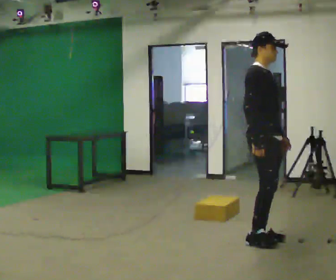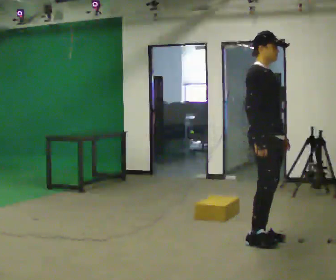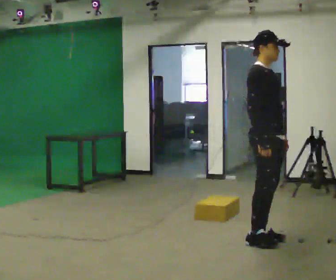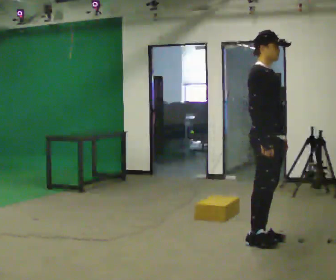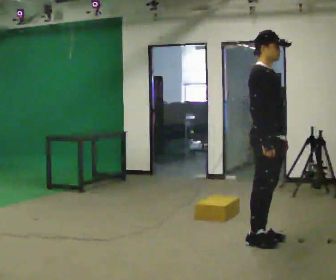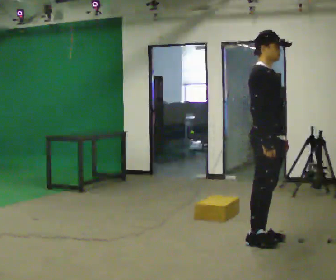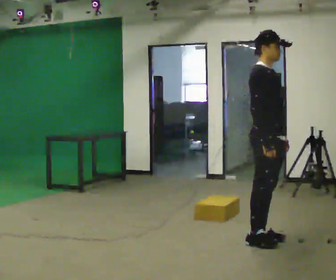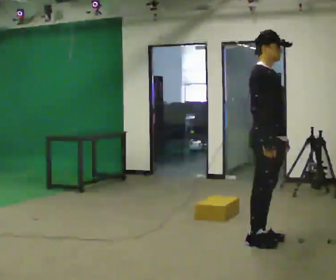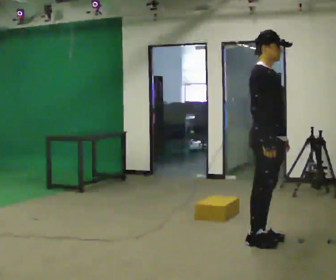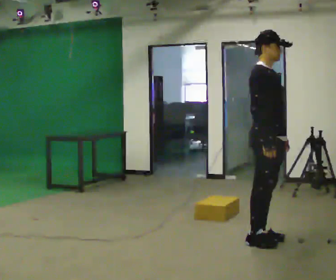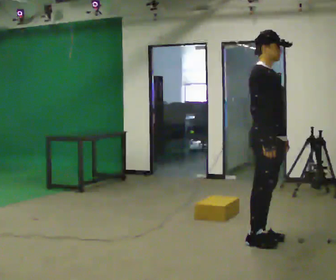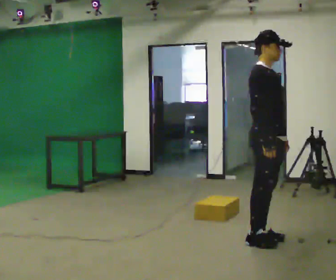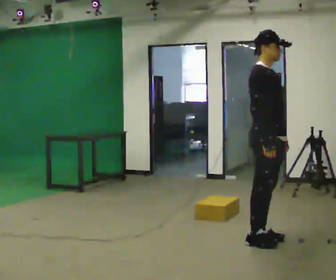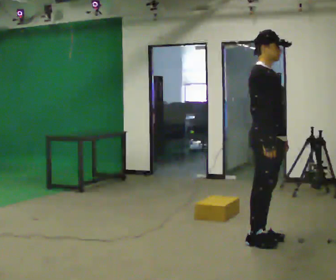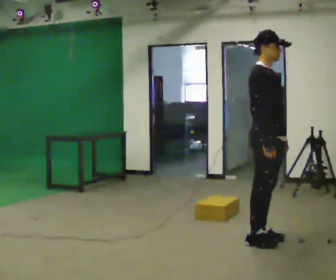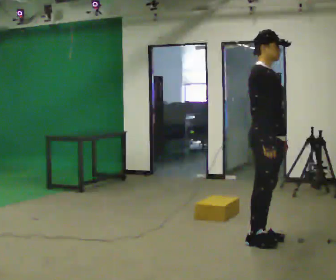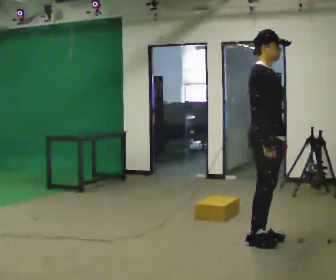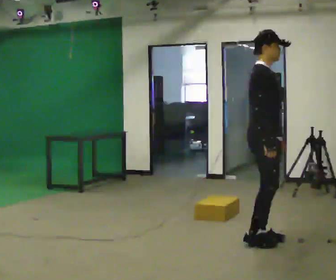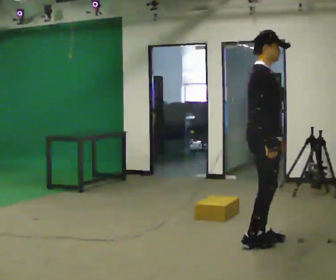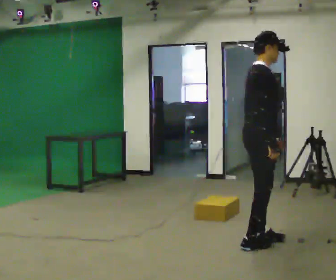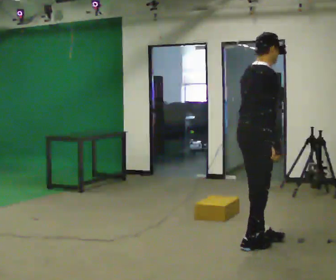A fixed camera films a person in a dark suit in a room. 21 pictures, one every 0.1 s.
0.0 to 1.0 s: The person moves a little, or ends about where they began.
1.0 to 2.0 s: The person turns about 45 degrees to their left, counterclockwise seen from above, so the part of the body nearest the lens slides to the right.
The film runs forward here.
